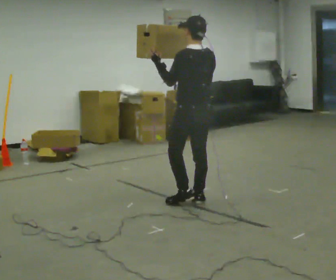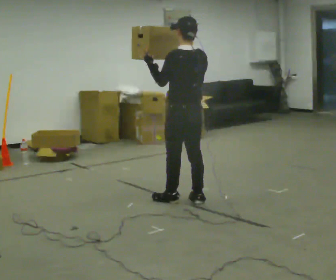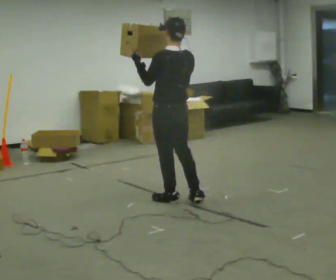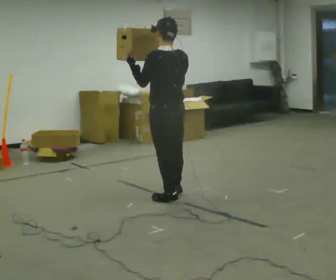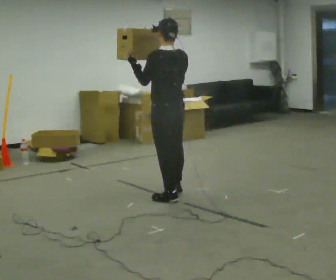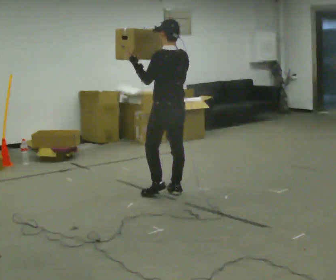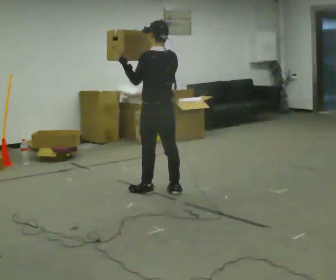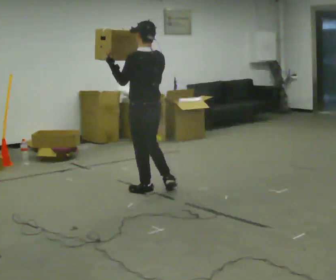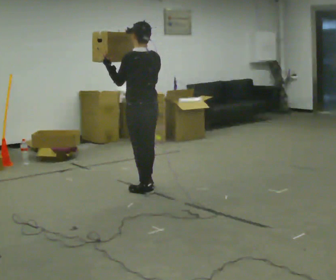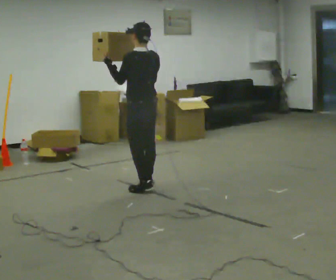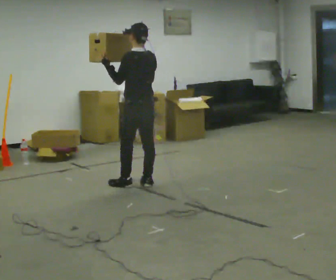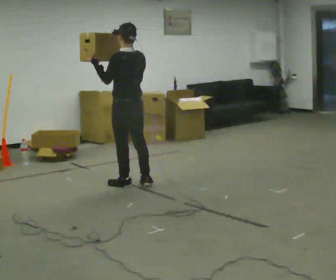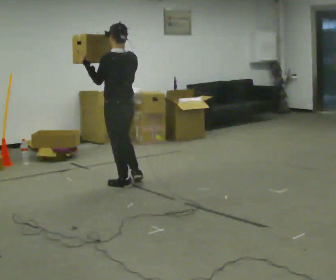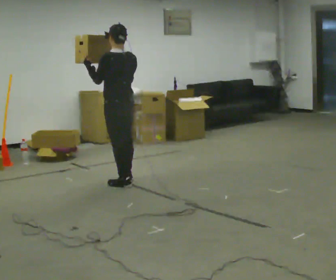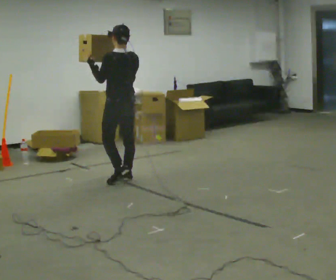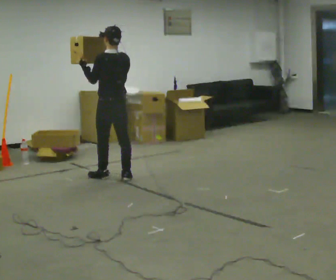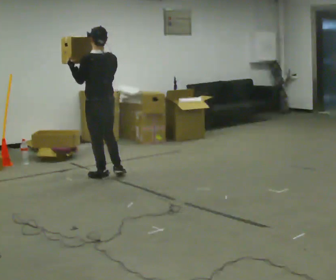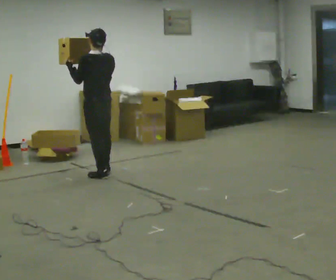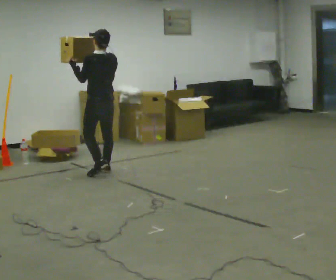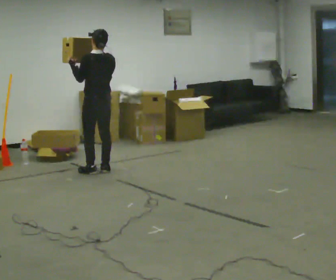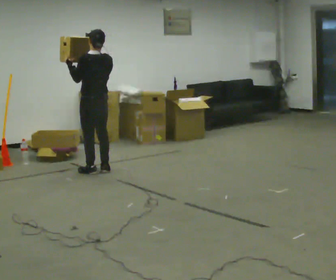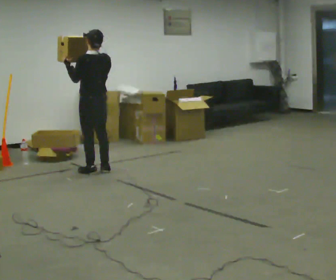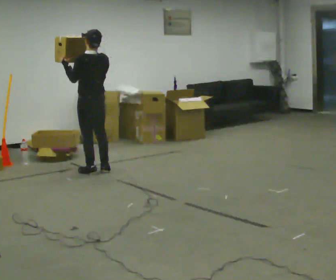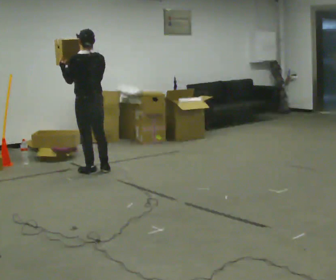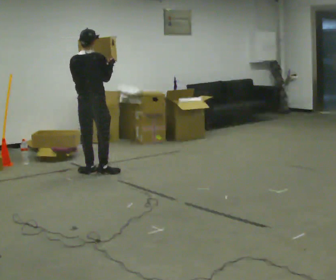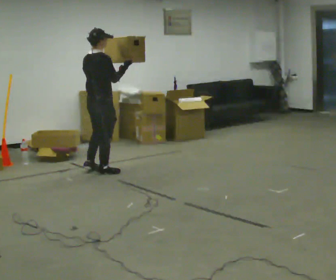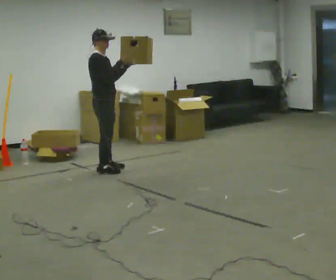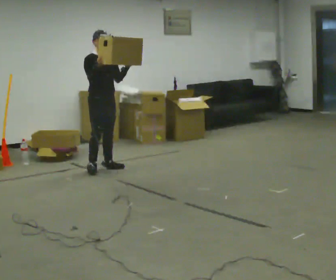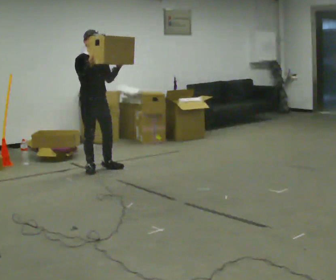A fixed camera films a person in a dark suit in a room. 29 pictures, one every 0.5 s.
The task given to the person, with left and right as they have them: Carry the object held up above your head, walking back and forth across the room.
0.0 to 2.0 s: In the picture they go away from the camera and to the left, about 0.25 m in 2 steps, which for them is forward.
2.0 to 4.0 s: In the picture they go away from the camera and to the left, about 0.25 m in 2 steps, which for them is forward.
4.0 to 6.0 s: In the picture they go away from the camera and to the left, about 0.25 m in 1 step, which for them is forward.
6.0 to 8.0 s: In the picture they go away from the camera and to the left, about 0.5 m in 2 steps, which for them is forward.
8.0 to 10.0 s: In the picture they go away from the camera, about 0.25 m in 2 steps, which for them is forward.
10.0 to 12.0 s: The person turns about 45 degrees to their right, clockwise seen from above, so the part of the body nearest the lens slides to the left.
12.0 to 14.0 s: The person turns about 135 degrees to their right, clockwise seen from above, so the part of the body nearest the lens slides to the left. In the picture they go away from the camera, about 0.25 m in 2 steps. In the picture their left hand goes to the right.
The film runs forward here.
